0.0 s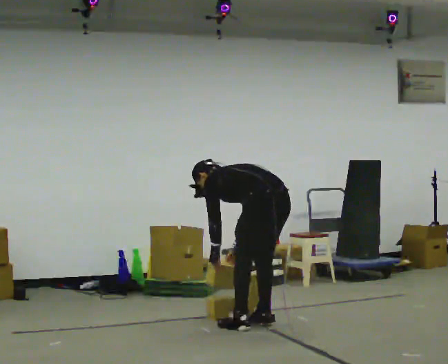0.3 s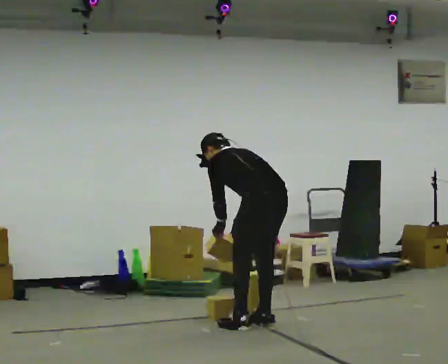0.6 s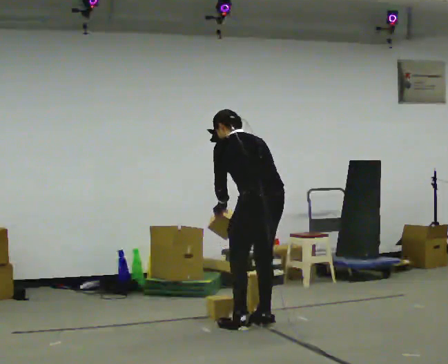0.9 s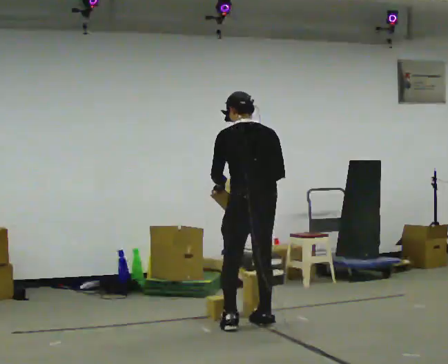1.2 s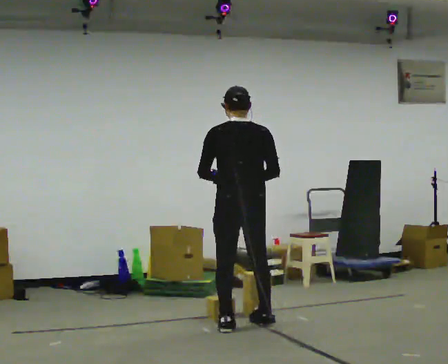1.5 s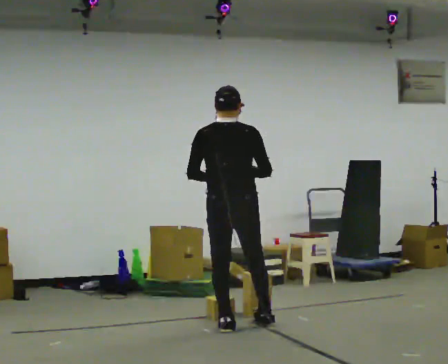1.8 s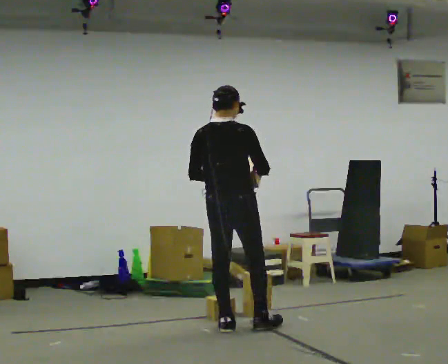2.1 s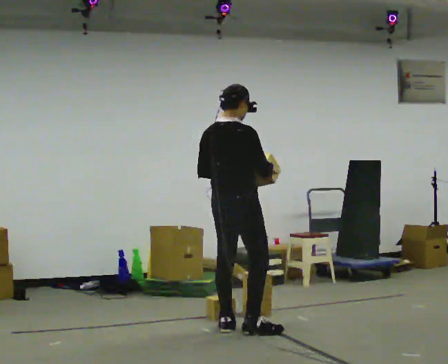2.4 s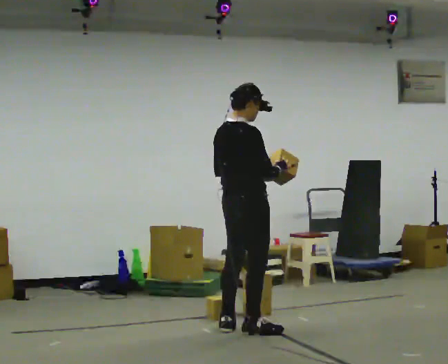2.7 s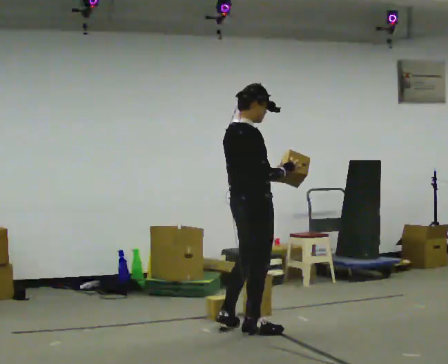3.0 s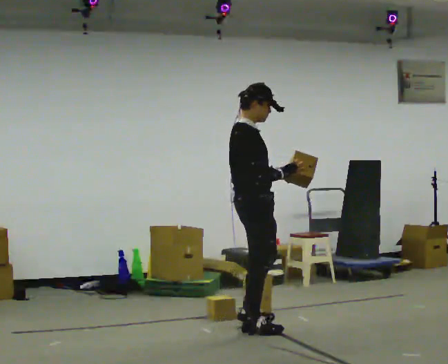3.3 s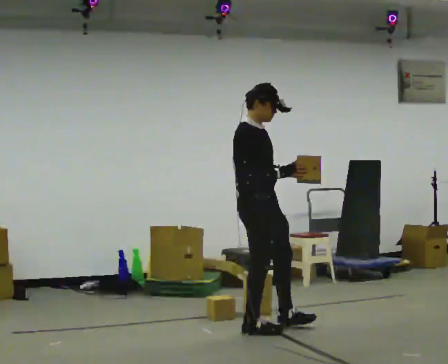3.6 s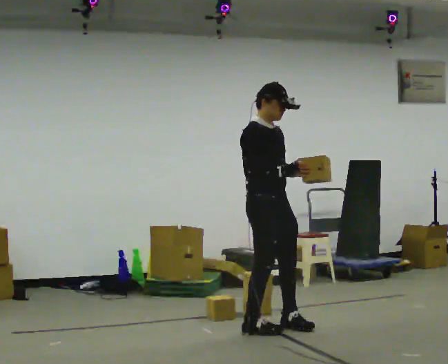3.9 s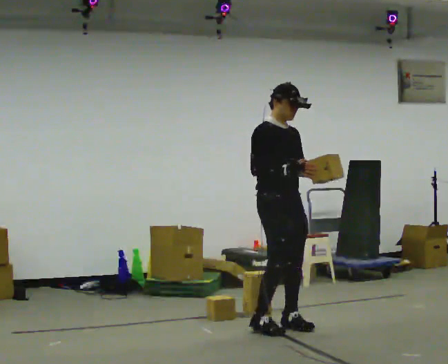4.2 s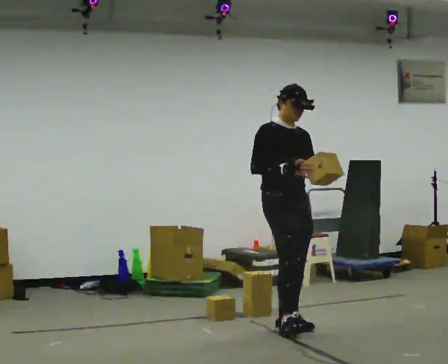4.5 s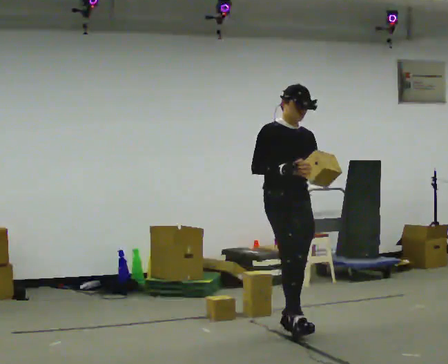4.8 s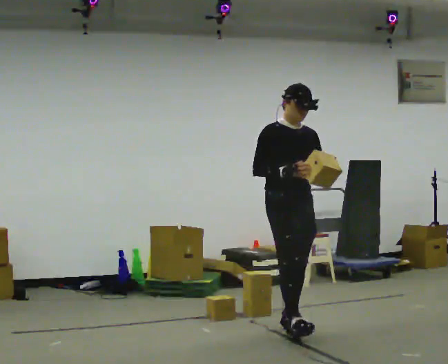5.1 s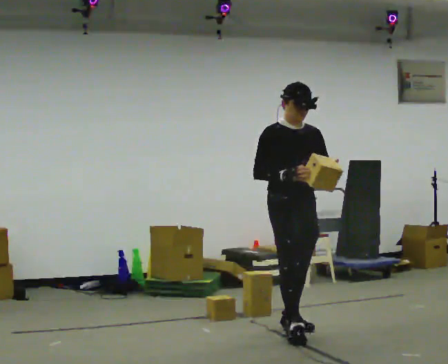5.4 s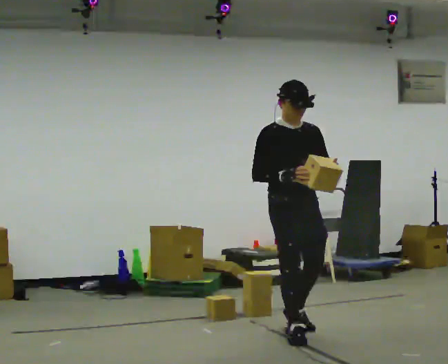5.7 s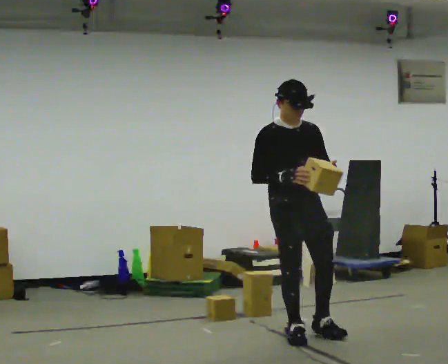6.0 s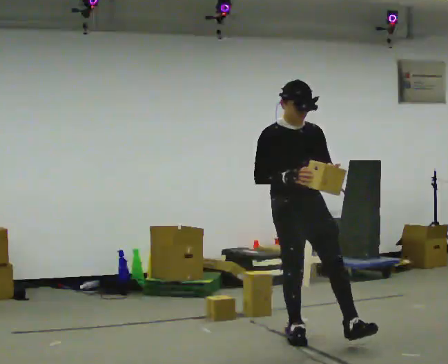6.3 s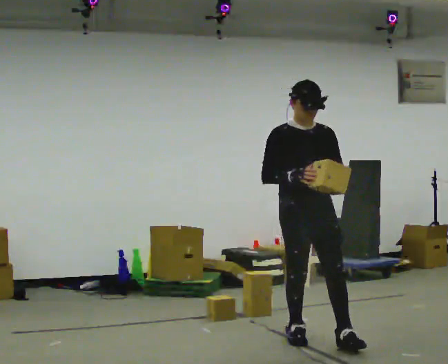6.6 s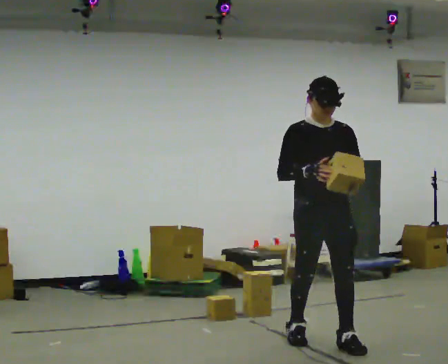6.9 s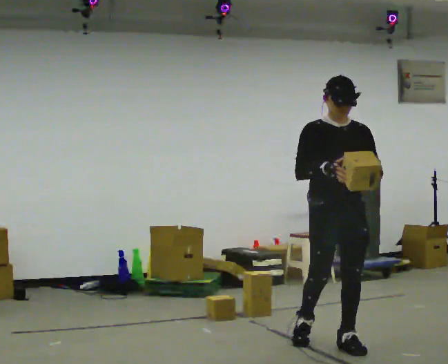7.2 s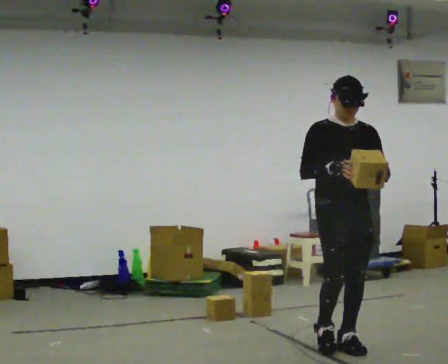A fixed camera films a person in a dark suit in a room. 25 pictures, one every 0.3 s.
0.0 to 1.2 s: The person turns about 45 degrees to their right, clockwise seen from above, so the part of the body nearest the lens slides to the left. In the picture they go to the left, about 0.25 m, which for them is to their left and forward. The upper body goes upward. In the picture the upper body tilts clockwise, shoulders to the right, as they lean back or straighten. In the picture their left hand goes upward.
1.2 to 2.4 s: The part of the body nearest the lens slides to the left as the person turns to their right by about 60 degrees.
2.4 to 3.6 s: Seen from above the body turns clockwise, about 60 degrees: to their right, with its near side sliding to the left. In the picture they go to the right, about 0.25 m in 1 step. In the picture their left hand goes to the right.
3.6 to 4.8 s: The person turns about 30 degrees to their right, clockwise seen from above, so the part of the body nearest the lens slides to the left.
4.8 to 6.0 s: In the picture they go toward the camera, about 0.25 m, which for them is forward and to their right.
6.0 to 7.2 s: In the picture they go to the right and toward the camera, about 0.5 m in 1 step, which for them is forward and to their left.
The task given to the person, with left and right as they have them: Carry the box and, while you are still walking, turn it so you can read the label, read it out loud, then carry on. Repeat with the next box. Do not stop to read it.
The film runs forward here.
